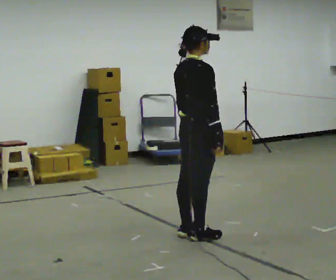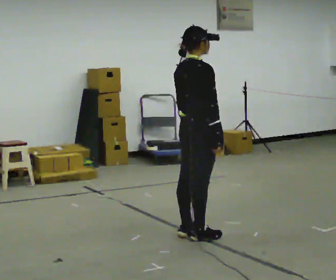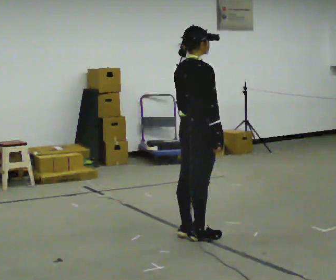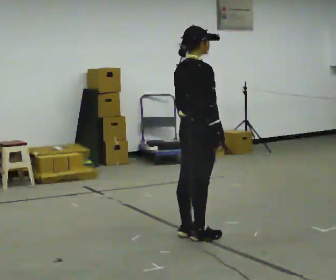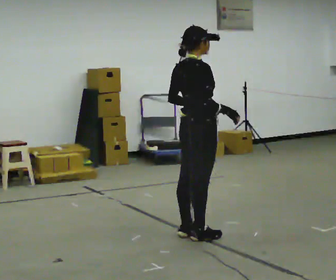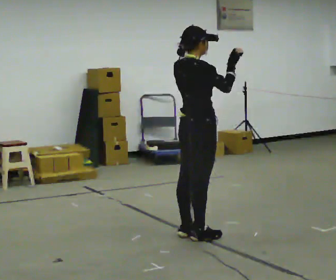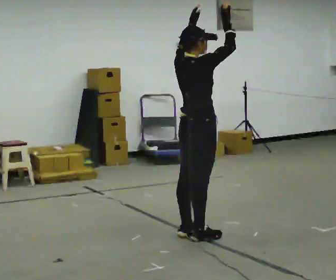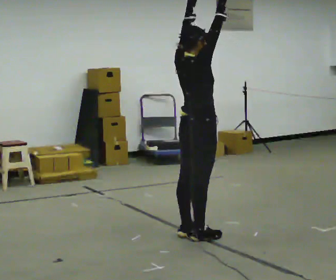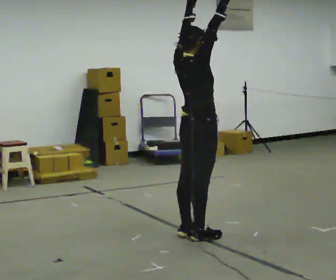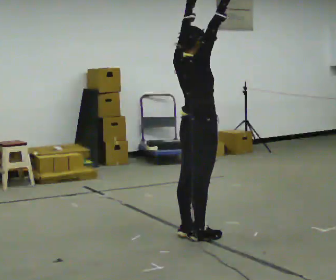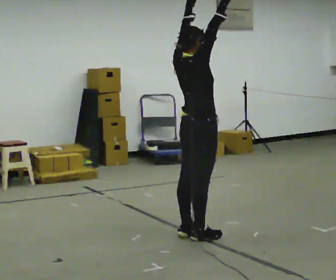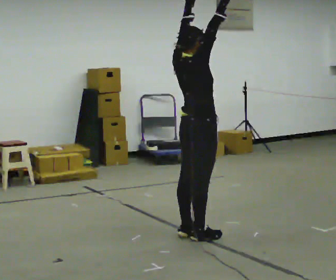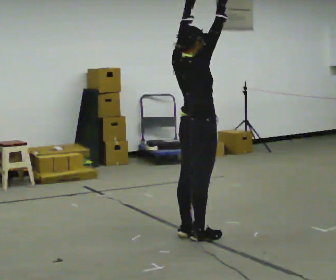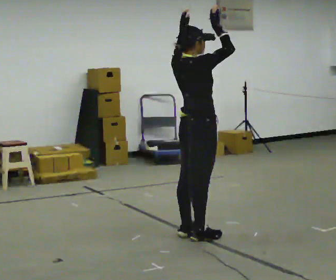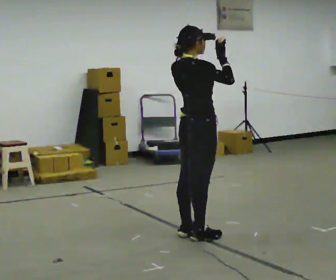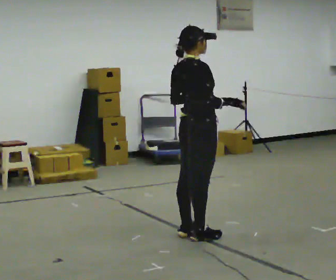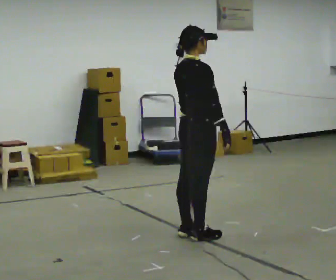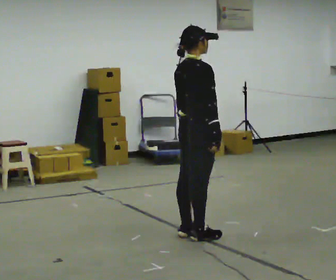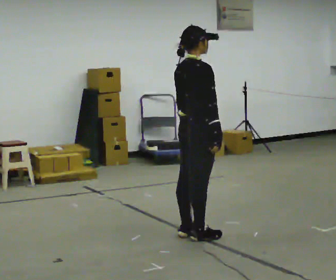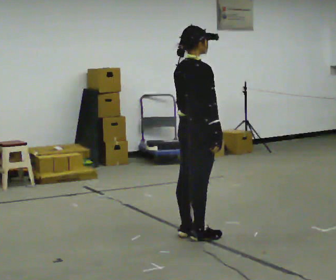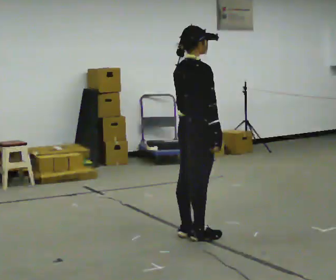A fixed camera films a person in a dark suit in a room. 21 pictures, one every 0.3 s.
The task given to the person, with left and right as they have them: Keeping your feet still, reach both arms up overhead as high as is comfortable, then lower them. Repeat the movement at your own pace until the operator says stop; do not rush.
0.0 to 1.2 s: The person moves a little, or ends about where they began.
1.2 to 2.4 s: In the picture their right hand goes upward.
2.4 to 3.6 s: The person moves a little, or ends about where they began.
3.6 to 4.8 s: In the picture their left hand goes downward.
4.8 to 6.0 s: The person moves a little, or ends about where they began.
The film runs forward here.
